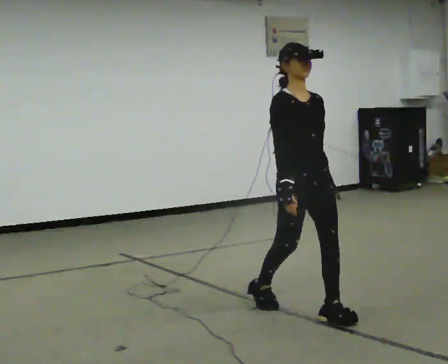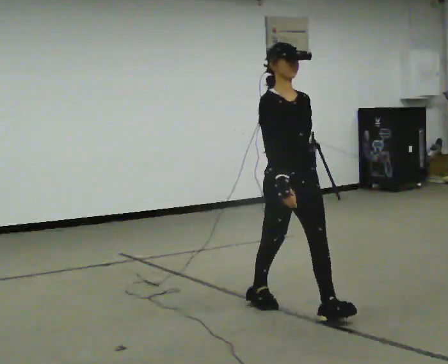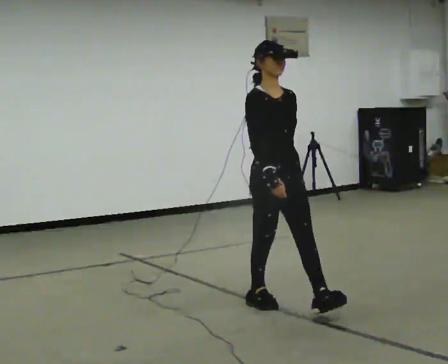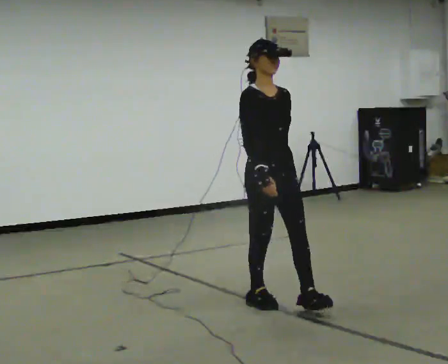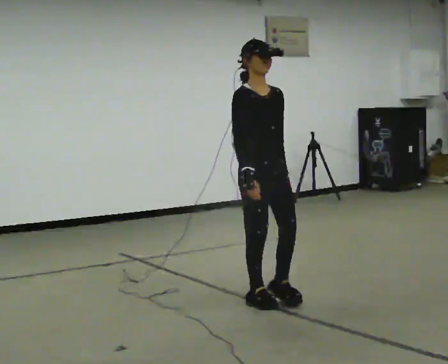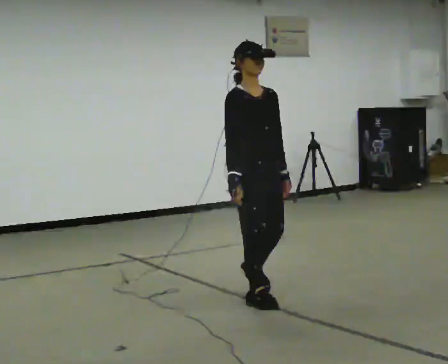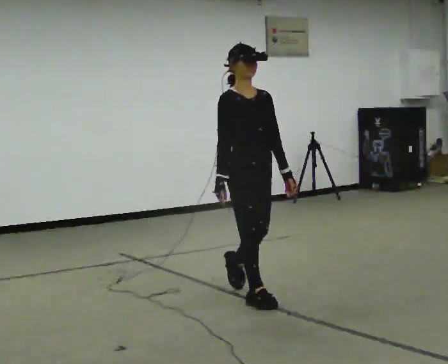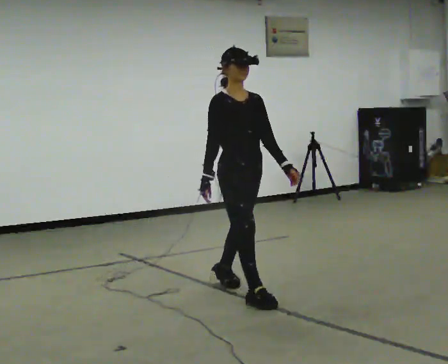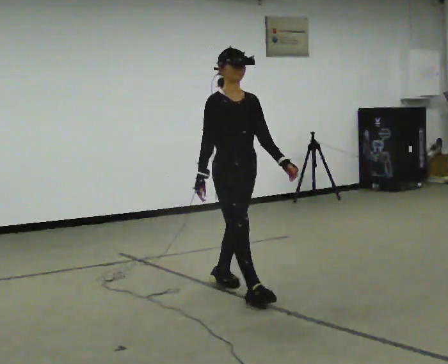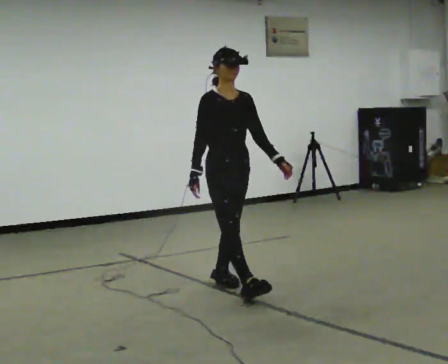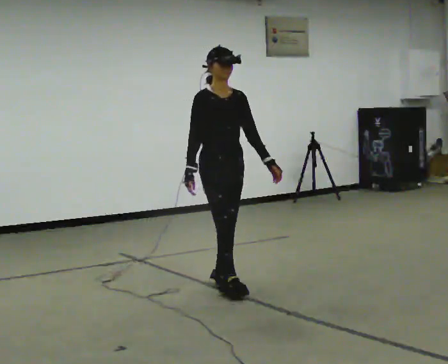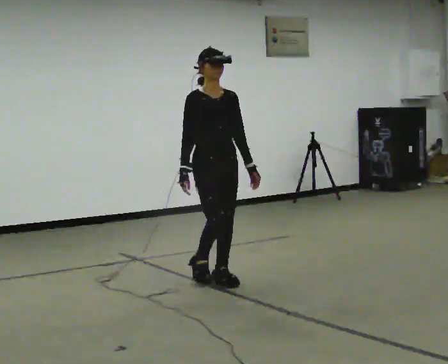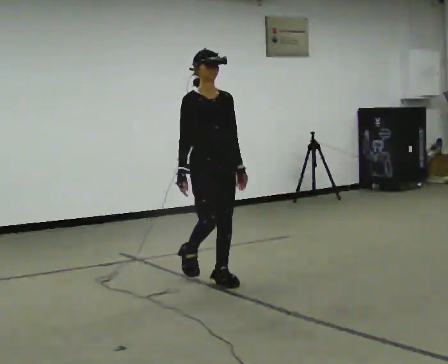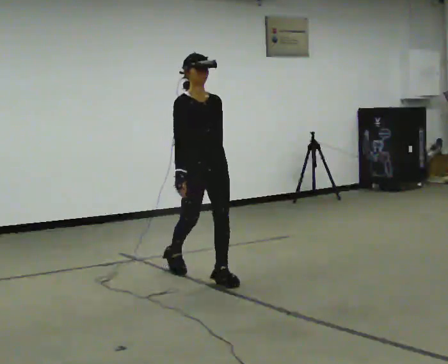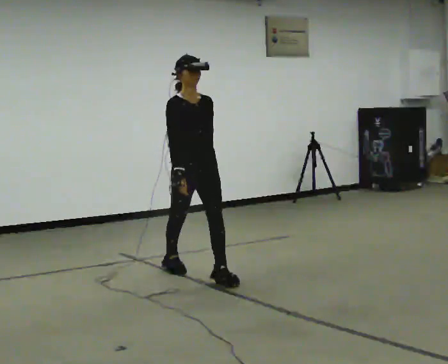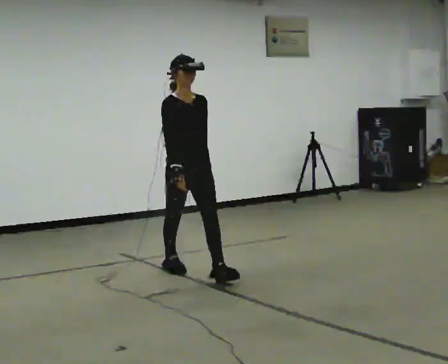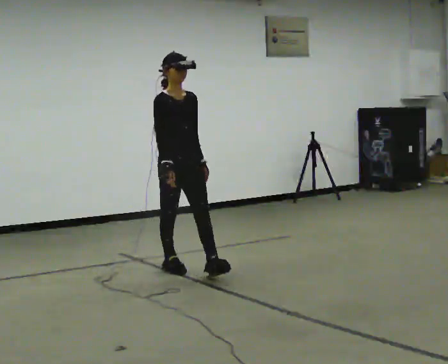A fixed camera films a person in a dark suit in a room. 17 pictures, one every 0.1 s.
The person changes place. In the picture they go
away from the camera.
0.0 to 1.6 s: In the picture they go away from the camera and to the left, about 1.5 m in 3 steps, which for them is backward.
The film runs backward here.
